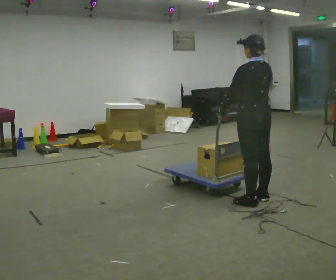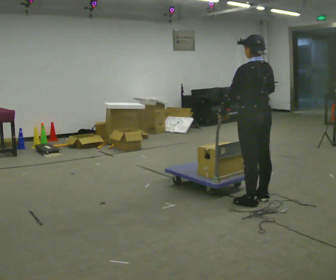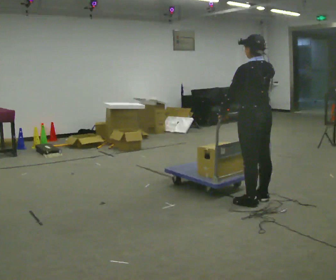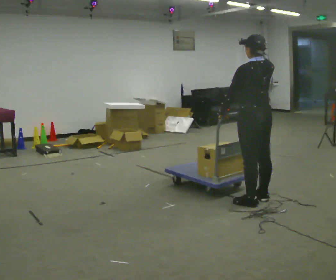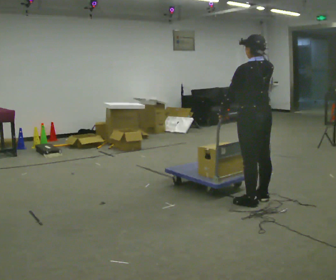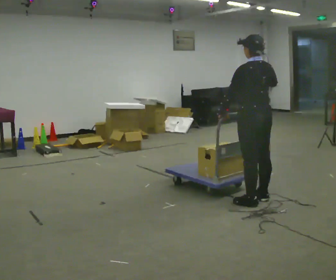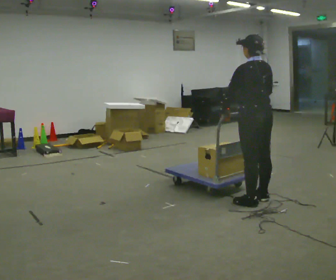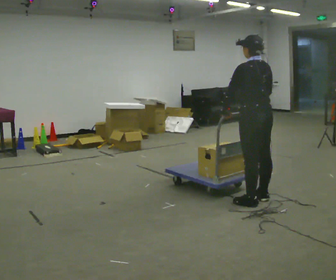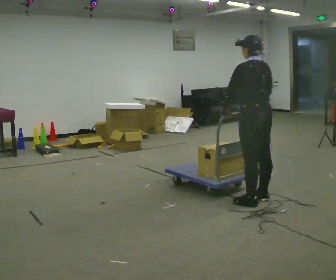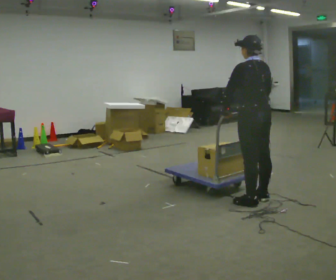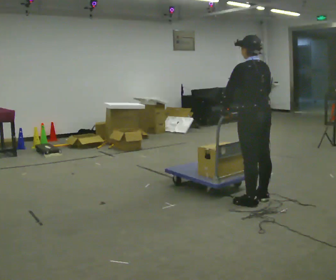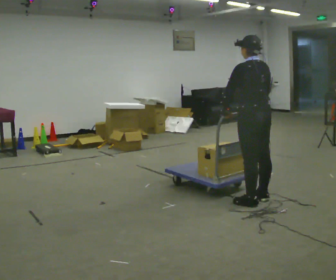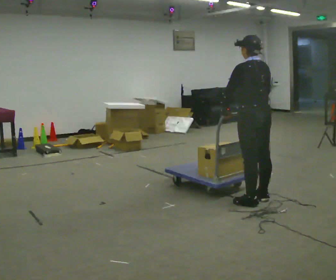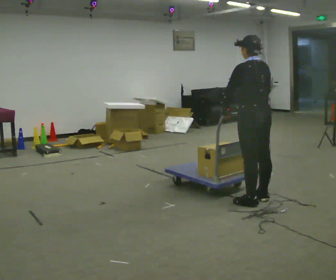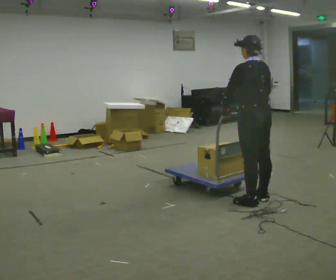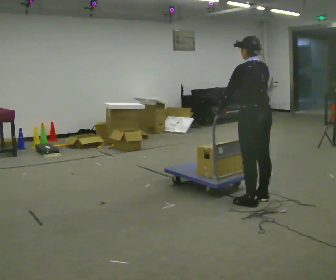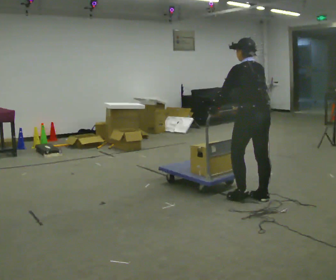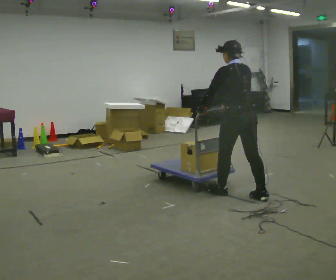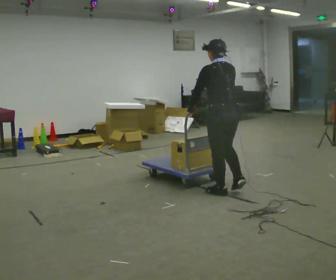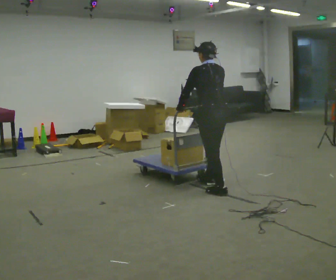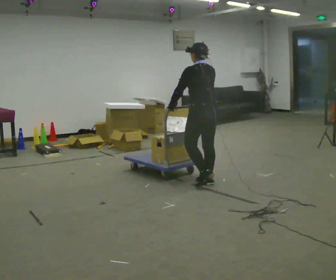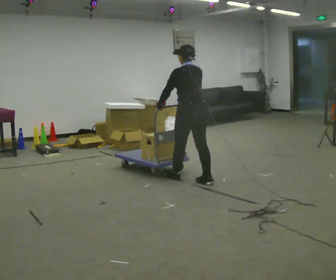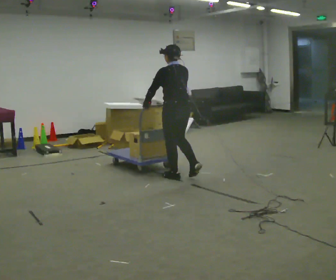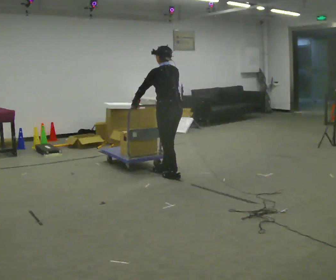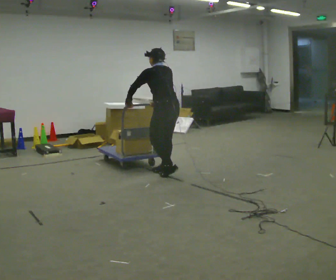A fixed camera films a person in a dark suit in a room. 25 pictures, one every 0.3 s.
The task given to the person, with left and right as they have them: Stand still with your hands on the cart. When the operator says go, get it moving, push it a few metres, then bring it to a stop. Repeat until the operator says stop.
0.0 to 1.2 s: In the picture their right hand goes upward.
1.2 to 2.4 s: In the picture their right hand goes downward.
2.4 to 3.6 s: The person keeps their place and pose.
3.6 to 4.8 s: The person moves a little, or ends about where they began.
4.8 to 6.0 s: In the picture they go to the left and away from the camera, about 0.5 m in 2 steps, which for them is forward.
6.0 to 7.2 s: In the picture they go to the left and away from the camera, about 0.5 m in 2 steps, which for them is forward.
The film runs forward here.
